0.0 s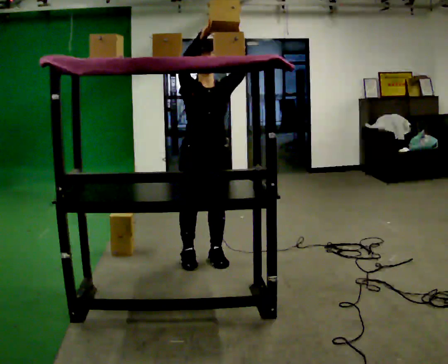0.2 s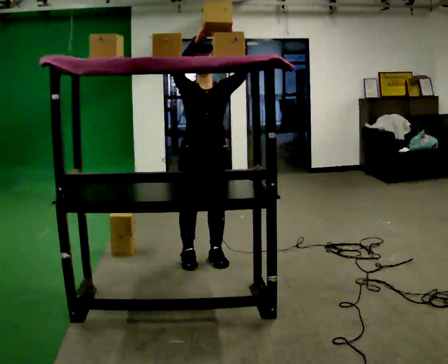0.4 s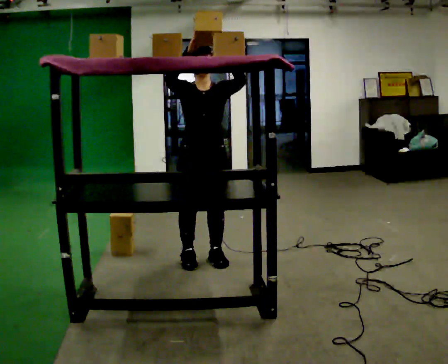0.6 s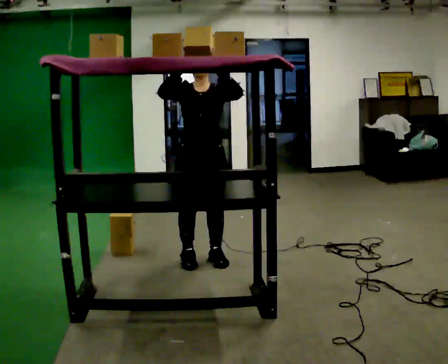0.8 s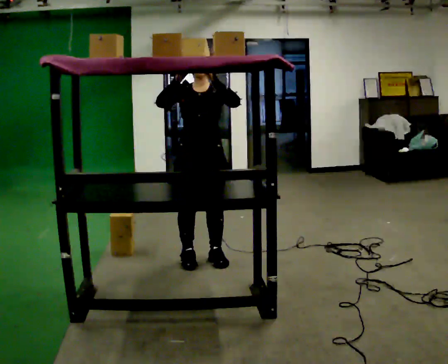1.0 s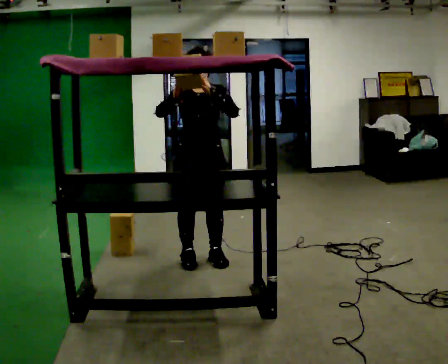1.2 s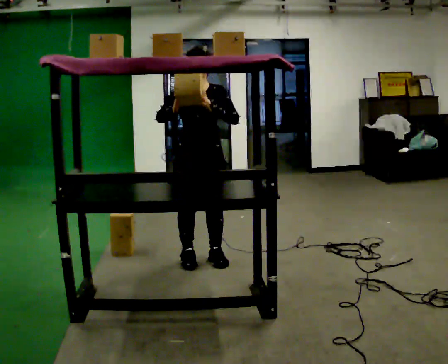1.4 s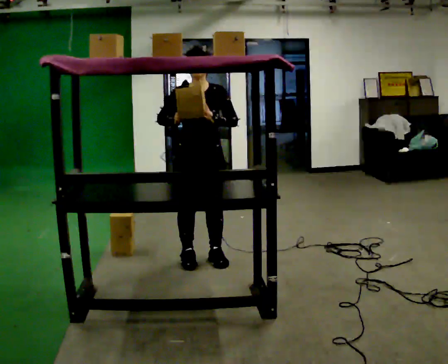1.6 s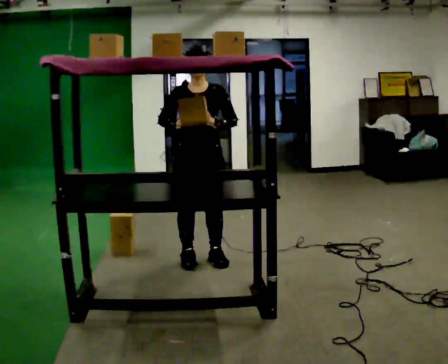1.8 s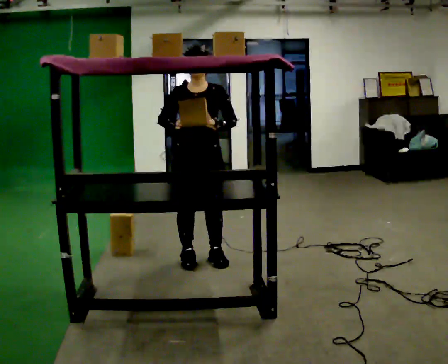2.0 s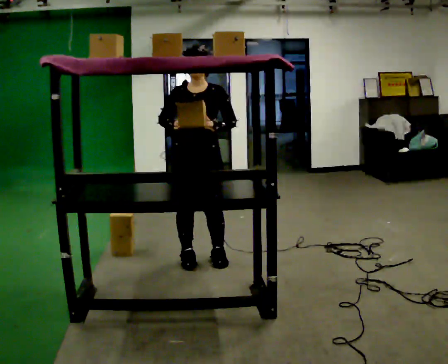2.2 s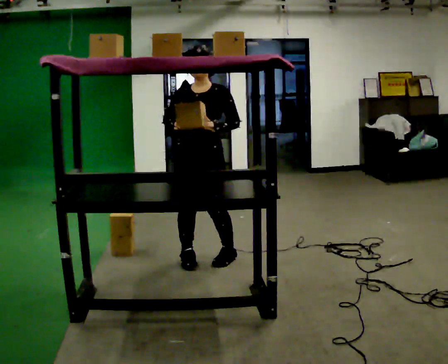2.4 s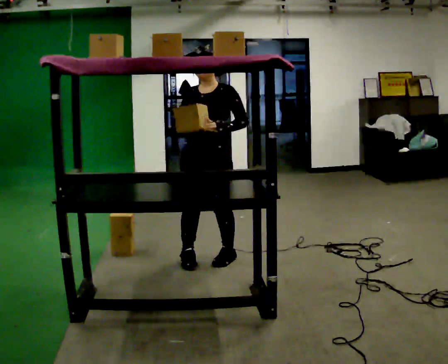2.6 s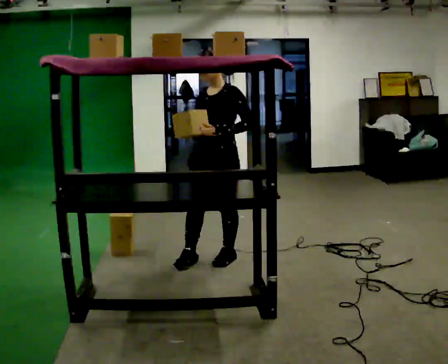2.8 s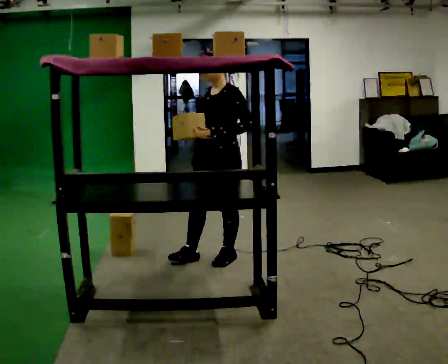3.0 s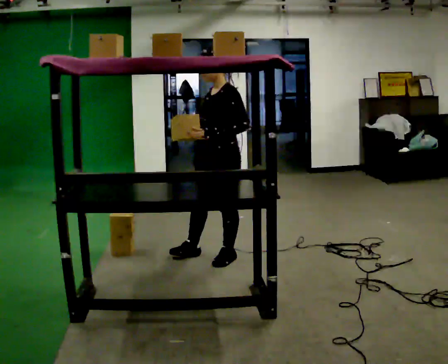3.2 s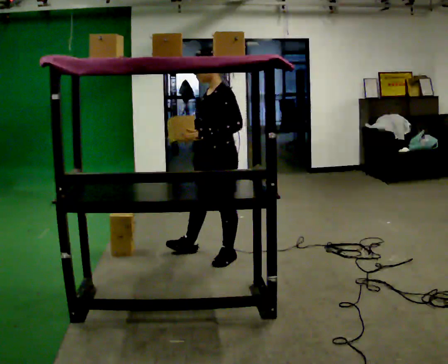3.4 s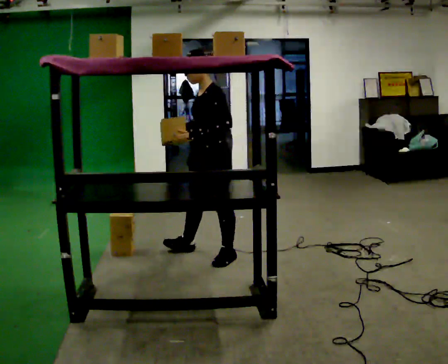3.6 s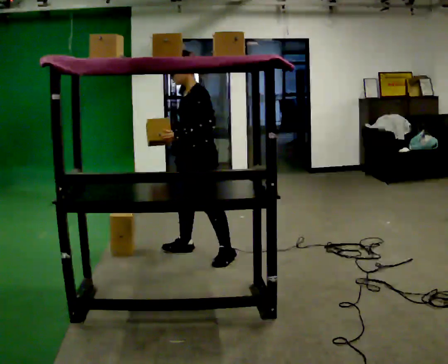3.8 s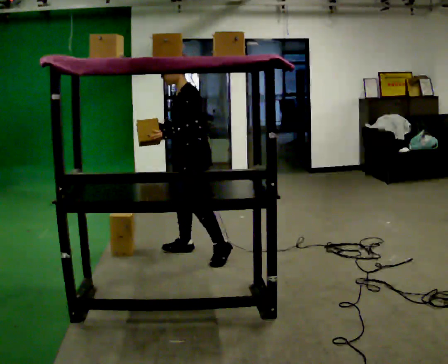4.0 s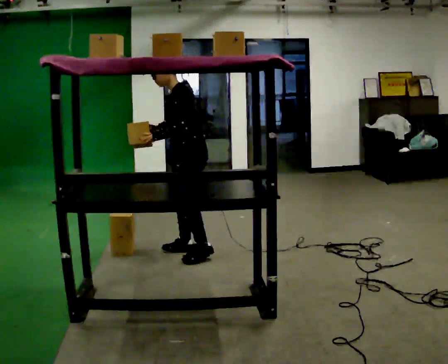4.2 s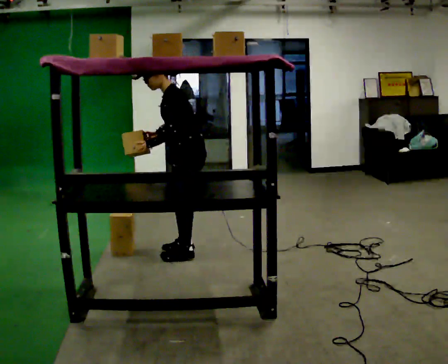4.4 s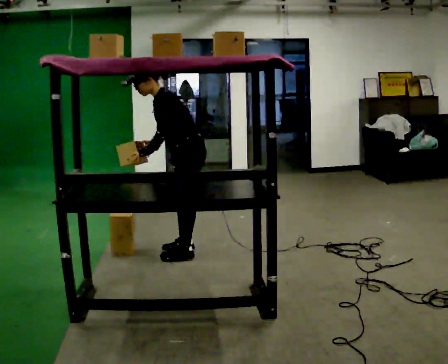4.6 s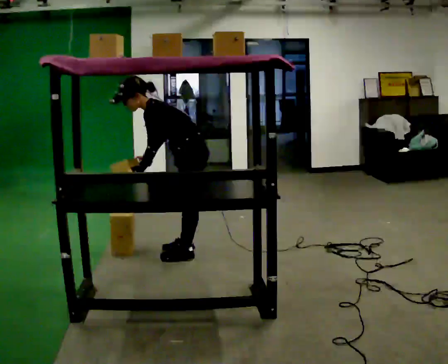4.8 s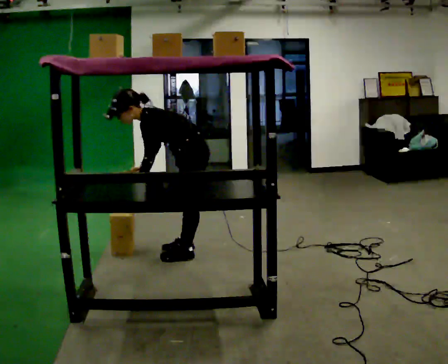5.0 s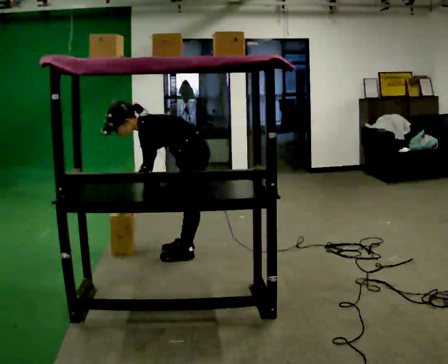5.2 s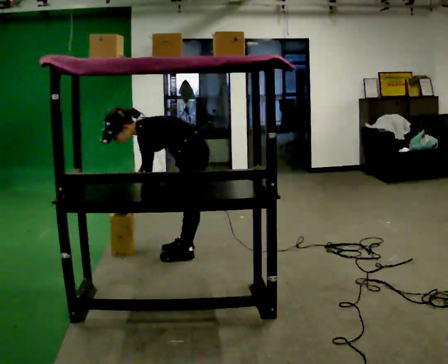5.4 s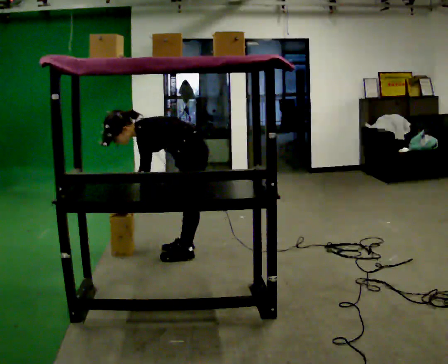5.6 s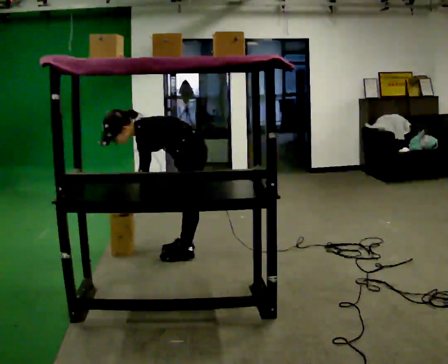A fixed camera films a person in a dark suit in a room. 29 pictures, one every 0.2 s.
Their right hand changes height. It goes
downward.
Their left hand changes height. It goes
downward.
0.0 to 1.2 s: In the picture their right hand goes downward.
1.2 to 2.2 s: The person moves a little, or ends about where they began.
2.2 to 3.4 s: The person turns about 45 degrees to their right, clockwise seen from above, so the part of the body nearest the lens slides to the left.
3.4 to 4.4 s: In the picture they go to the left, about 0.25 m in 1 step, which for them is to their right. In the picture the upper body tilts counterclockwise, shoulders to the left, as they bend forward. In the picture their left hand goes to the left.
4.4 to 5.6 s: The shoulders move downward. In the picture the upper body tilts counterclockwise, shoulders to the left, as they bend forward. In the picture their left hand goes downward.
The film runs forward here.
